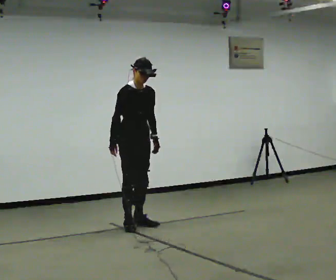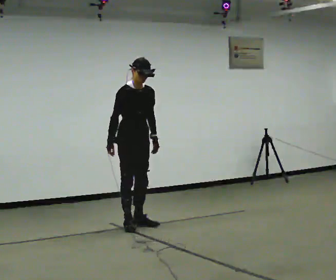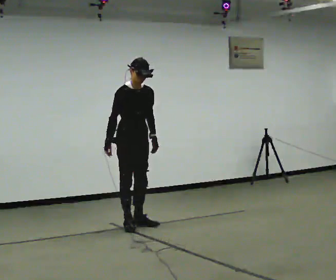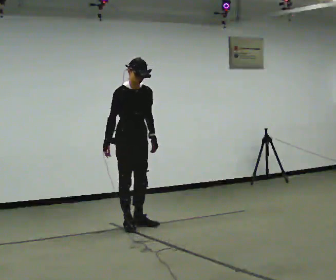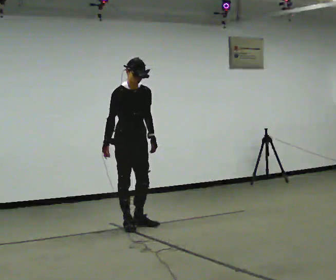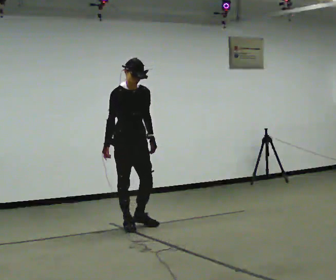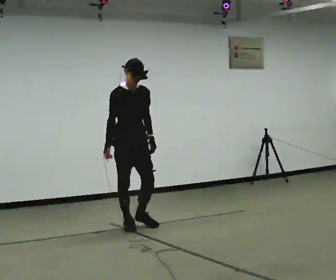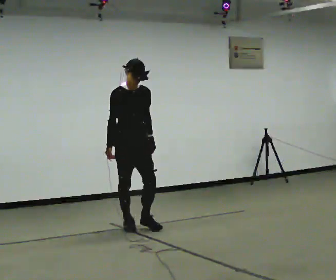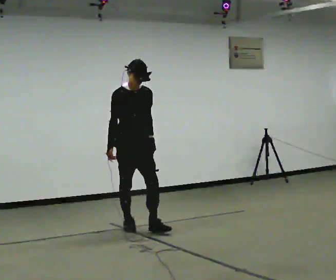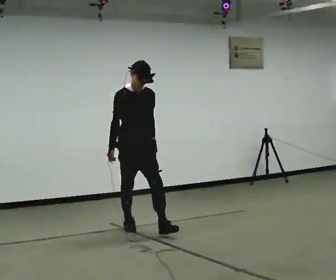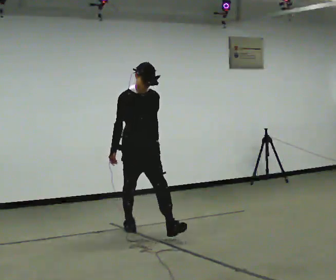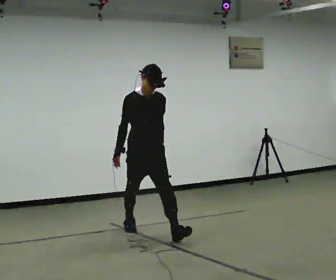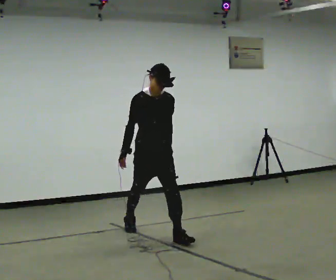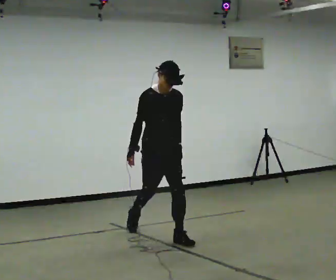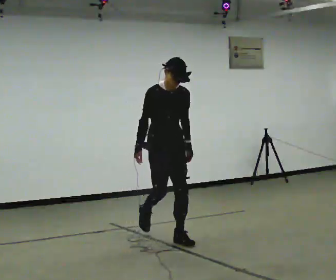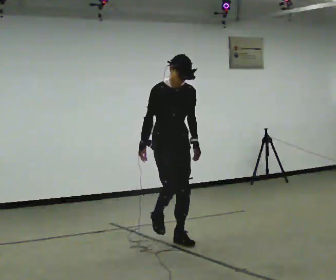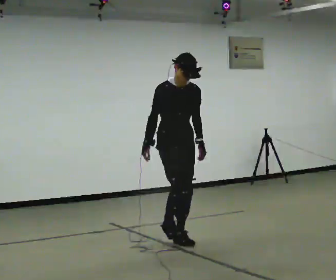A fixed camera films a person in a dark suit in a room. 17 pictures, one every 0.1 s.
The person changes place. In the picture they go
toward the camera.
0.0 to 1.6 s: In the picture they go toward the camera and to the right, about 1 m in 1 step, which for them is forward.
The film runs forward here.
